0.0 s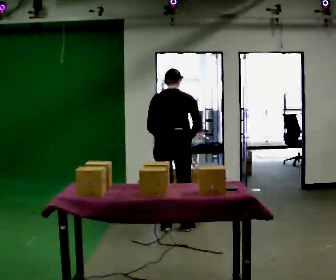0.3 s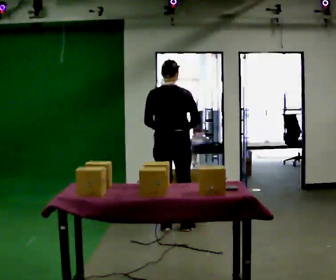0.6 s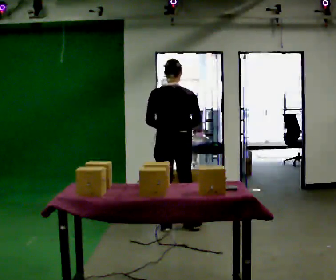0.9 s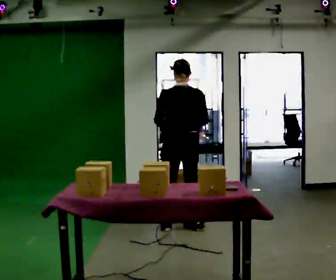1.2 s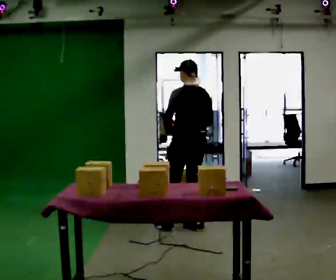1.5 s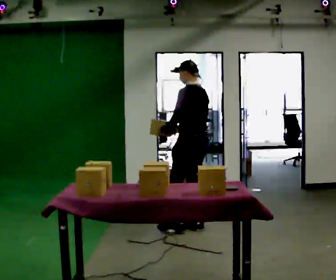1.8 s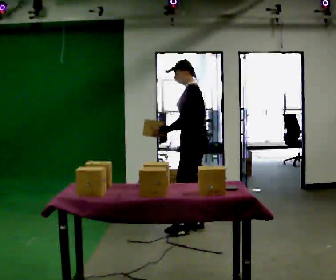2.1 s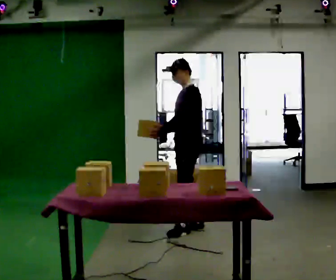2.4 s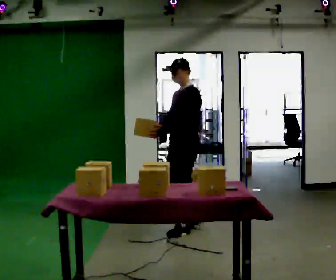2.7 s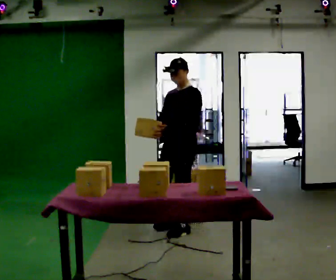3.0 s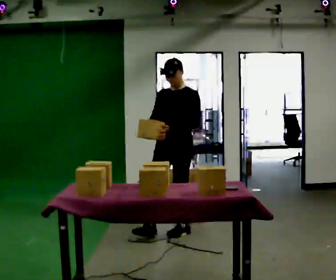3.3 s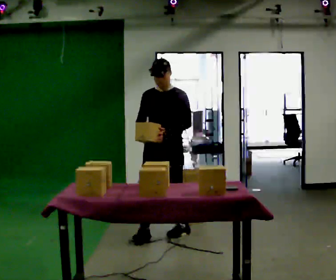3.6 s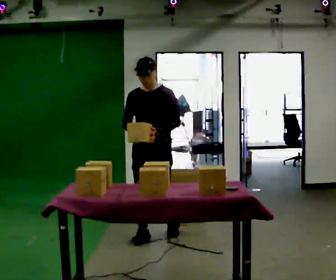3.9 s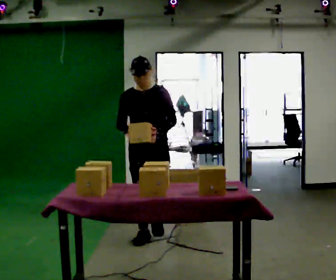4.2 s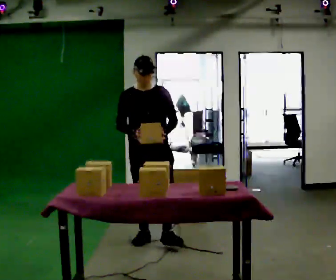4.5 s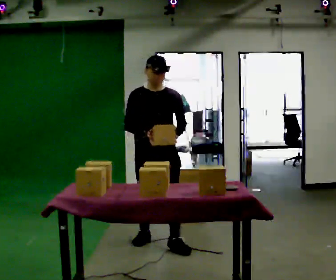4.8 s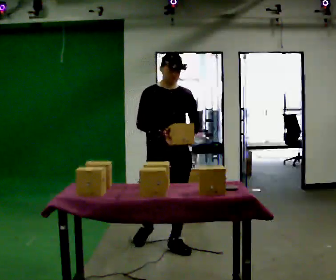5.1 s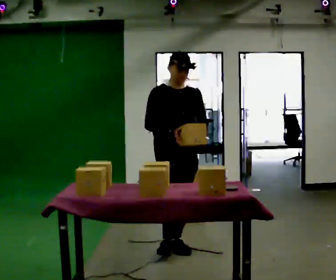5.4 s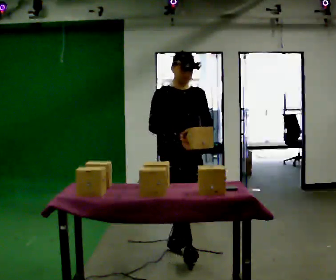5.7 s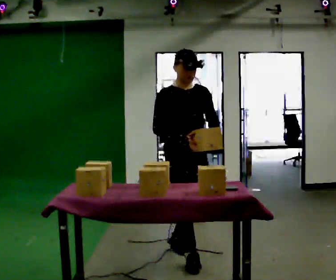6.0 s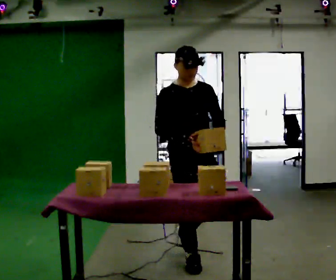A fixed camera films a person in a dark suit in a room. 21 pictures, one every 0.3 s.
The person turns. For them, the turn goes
to their left.
The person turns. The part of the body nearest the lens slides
to the right.
0.0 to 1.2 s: The part of the body nearest the lens slides to the right as the person turns to their left by about 45 degrees. In the picture they go to the right, about 0.25 m in 1 step, which for them is to their right.
1.2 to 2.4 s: The part of the body nearest the lens slides to the right as the person turns to their left by about 75 degrees.
2.4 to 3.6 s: The part of the body nearest the lens slides to the right as the person turns to their left by about 60 degrees. In the picture they go to the left and toward the camera, about 0.5 m in 1 step, which for them is forward and to their right.
3.6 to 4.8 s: The part of the body nearest the lens slides to the right as the person turns to their left by about 30 degrees. In the picture they go toward the camera and to the right, about 0.5 m in 1 step, which for them is forward.
4.8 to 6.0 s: In the picture they go toward the camera and to the right, about 0.5 m in 1 step, which for them is forward.
The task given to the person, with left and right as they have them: 1. Clear everything off the table and put it away on the shelves. 2. Then set the table back up the way the operator shows you in the photo. 3. Tell the operator when you are finished.
The film runs forward here.
